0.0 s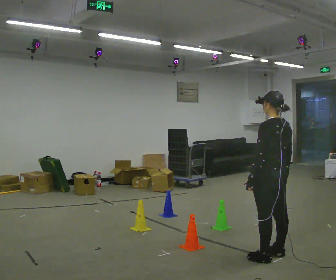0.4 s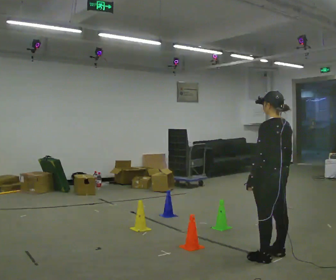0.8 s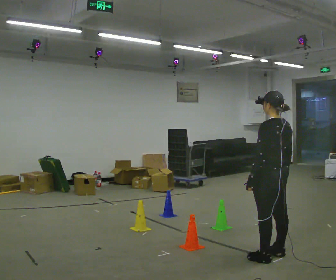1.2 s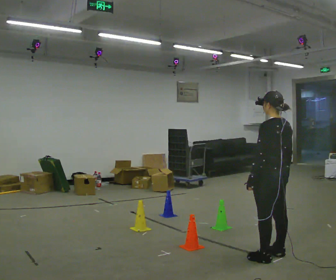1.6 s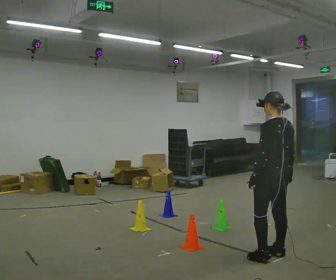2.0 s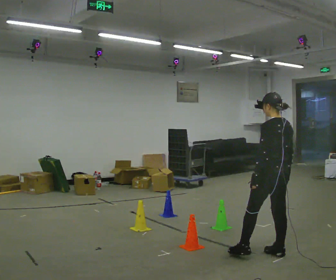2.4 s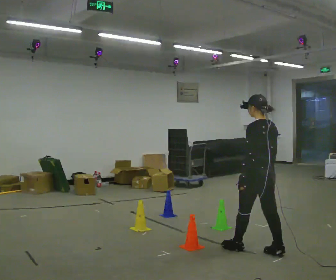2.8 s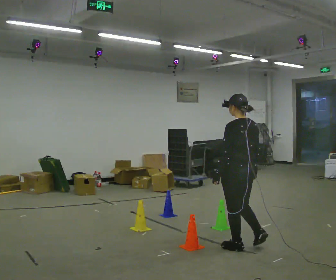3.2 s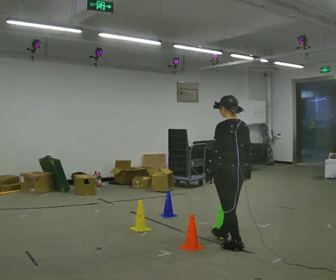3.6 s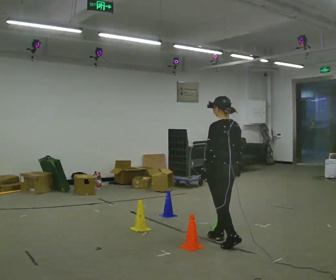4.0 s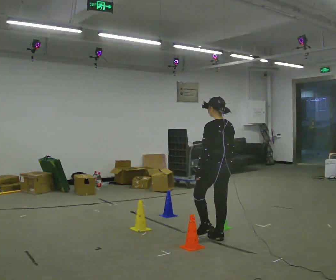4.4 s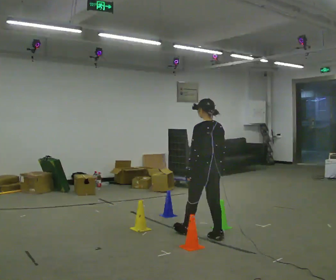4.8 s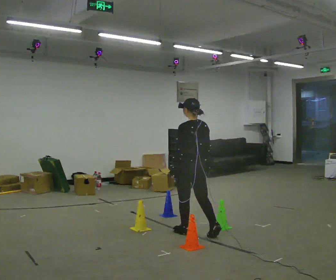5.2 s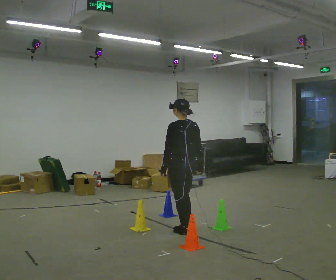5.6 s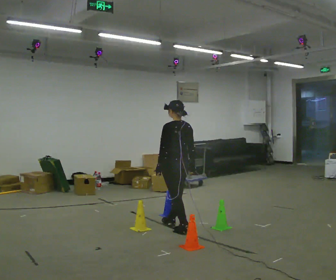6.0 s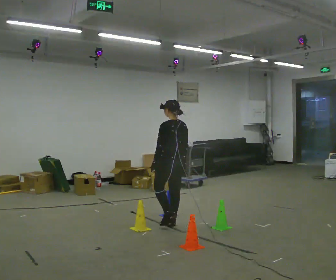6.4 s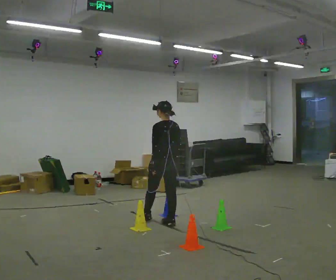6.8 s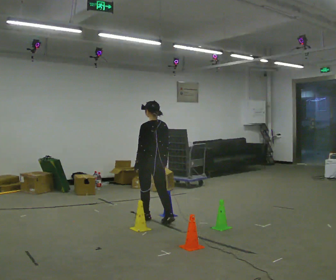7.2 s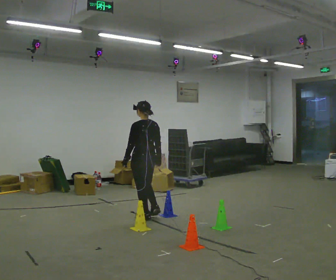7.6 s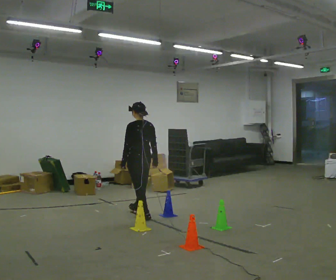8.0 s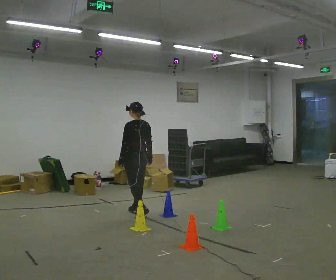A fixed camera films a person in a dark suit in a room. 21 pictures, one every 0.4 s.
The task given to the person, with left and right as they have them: Walk through passage without touching sides; continue normally after exit.
0.0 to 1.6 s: The person moves a little, or ends about where they began.
1.6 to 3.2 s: In the picture they go to the left and away from the camera, about 0.5 m in 1 step, which for them is forward.
3.2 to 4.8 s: In the picture they go to the left and away from the camera, about 0.75 m in 2 steps, which for them is forward.
4.8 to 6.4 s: In the picture they go away from the camera and to the left, about 0.5 m in 1 step, which for them is forward.
6.4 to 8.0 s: In the picture they go to the left and away from the camera, about 0.5 m in 2 steps, which for them is forward.
The film runs forward here.
